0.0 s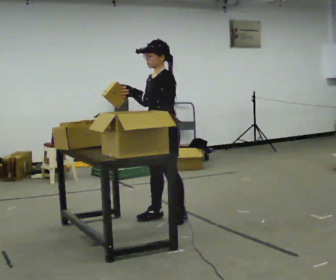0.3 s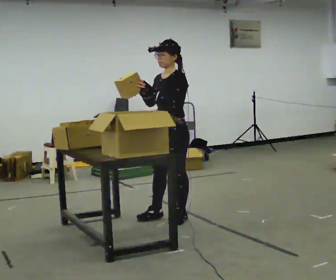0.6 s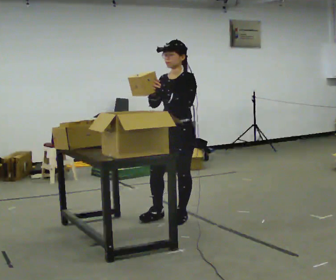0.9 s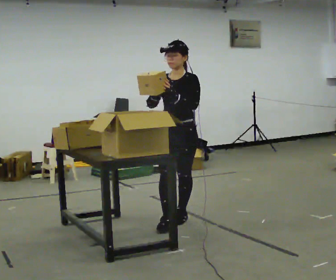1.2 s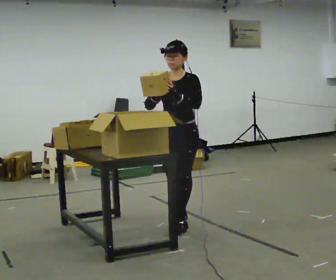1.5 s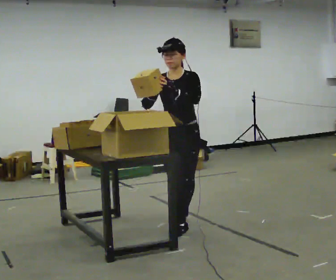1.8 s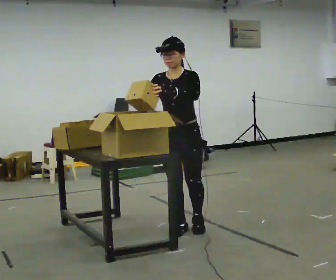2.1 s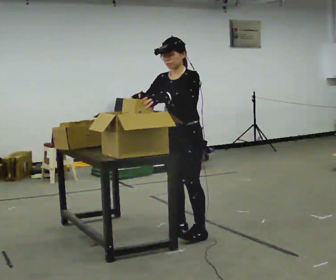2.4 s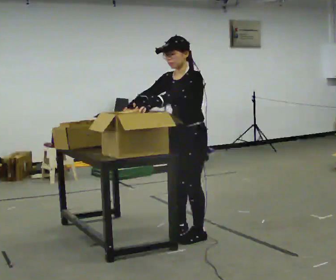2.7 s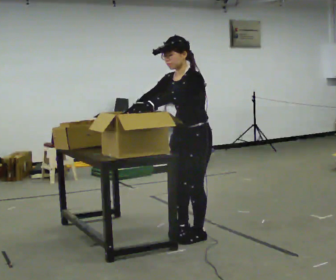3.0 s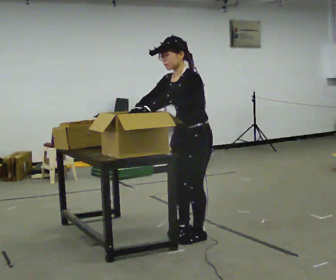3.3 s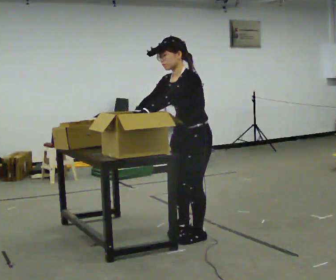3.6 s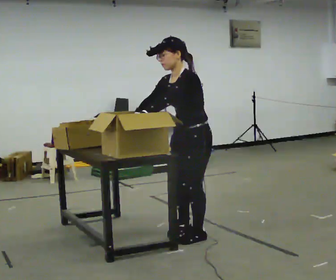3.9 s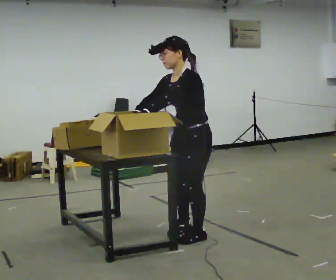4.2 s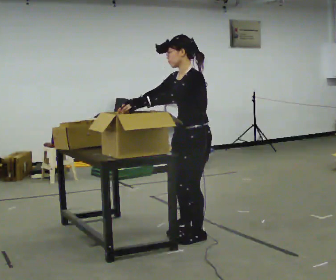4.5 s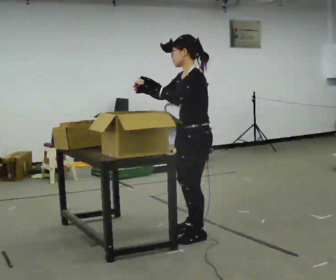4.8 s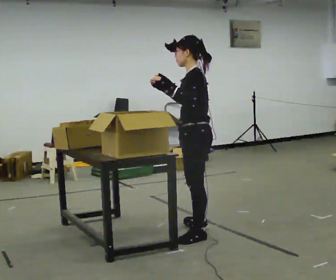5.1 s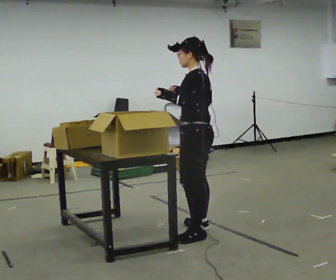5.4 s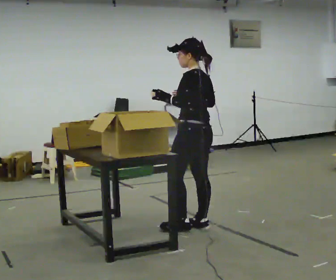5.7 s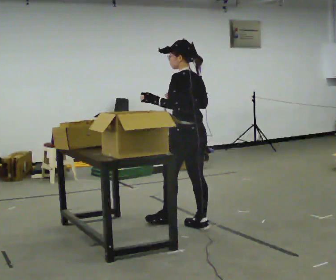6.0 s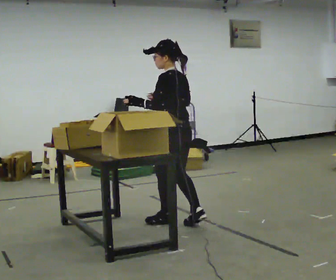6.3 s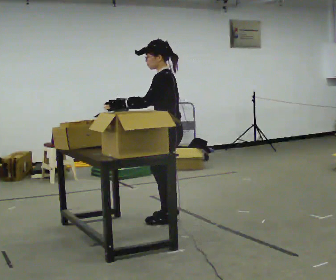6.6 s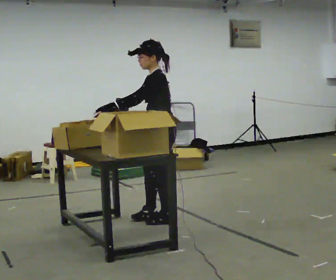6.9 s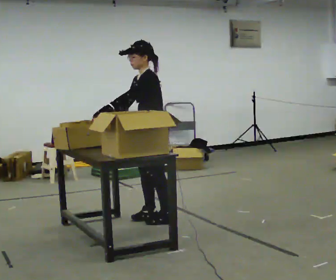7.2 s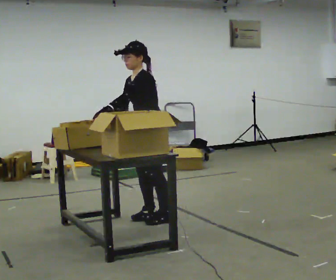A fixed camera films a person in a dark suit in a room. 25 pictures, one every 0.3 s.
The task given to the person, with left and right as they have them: Move the items from one container to the other one at a time, then move them back. Repeat at your own pace until the operator says stop. Keep both feet on the marked spots for the whole take. If you have to step, stop and tell the operator.
0.0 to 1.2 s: The part of the body nearest the lens slides to the right as the person turns to their left by about 45 degrees. In the picture they go toward the camera, about 0.25 m in 1 step, which for them is to their left.
1.2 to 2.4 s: The part of the body nearest the lens slides to the left as the person turns to their right by about 30 degrees. In the picture they go toward the camera, about 0.25 m in 1 step, which for them is forward and to their left.
2.4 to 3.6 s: The person moves a little, or ends about where they began.
3.6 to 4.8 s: The person turns about 45 degrees to their right, clockwise seen from above, so the part of the body nearest the lens slides to the left.
4.8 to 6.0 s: The person turns about 30 degrees to their right, clockwise seen from above, so the part of the body nearest the lens slides to the left. In the picture they go away from the camera and to the left, about 0.5 m in 1 step, which for them is forward and to their right.
6.0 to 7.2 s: The person turns about 60 degrees to their left, counterclockwise seen from above, so the part of the body nearest the lens slides to the right. In the picture they go to the left and away from the camera, about 0.25 m in 1 step.
The film runs forward here.
